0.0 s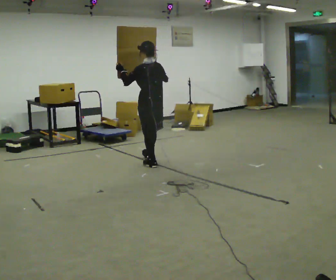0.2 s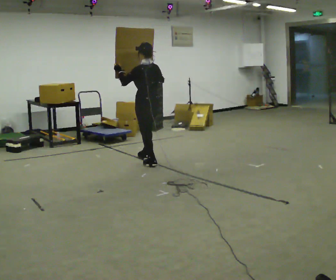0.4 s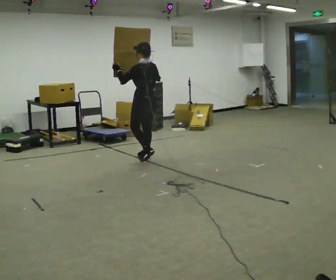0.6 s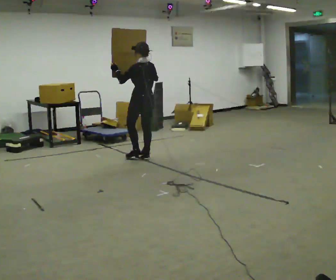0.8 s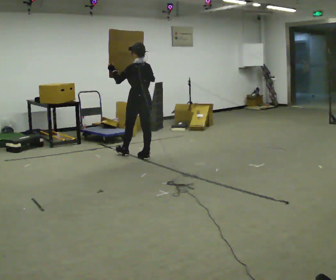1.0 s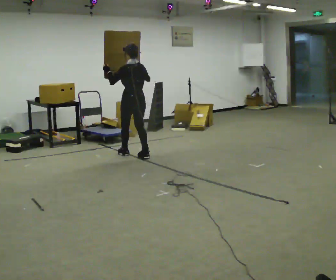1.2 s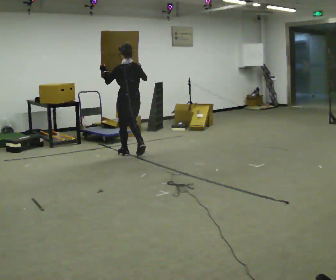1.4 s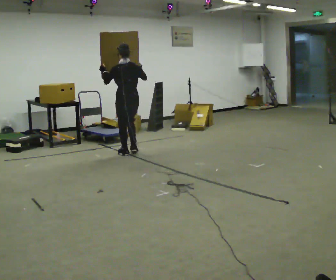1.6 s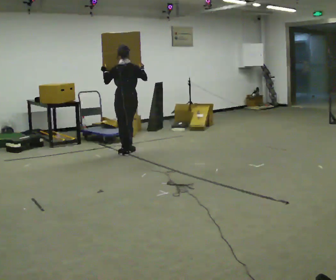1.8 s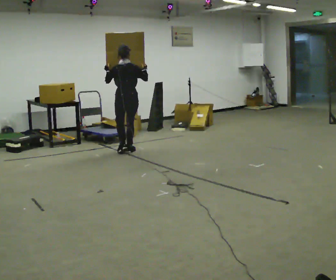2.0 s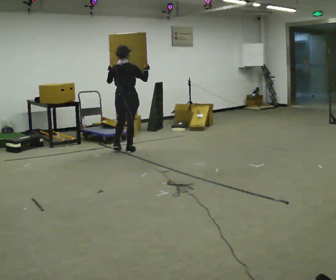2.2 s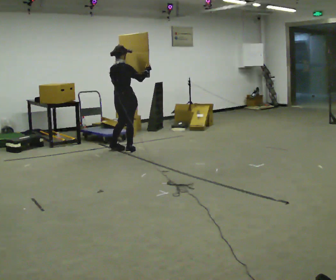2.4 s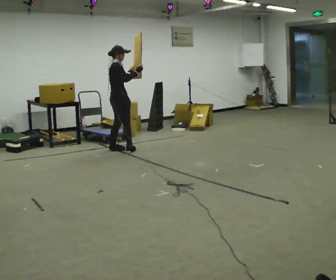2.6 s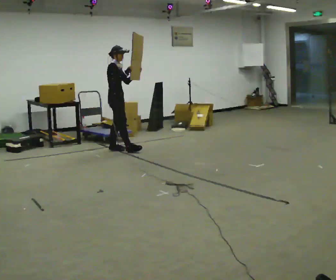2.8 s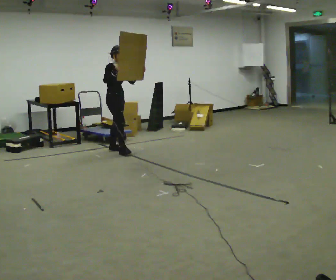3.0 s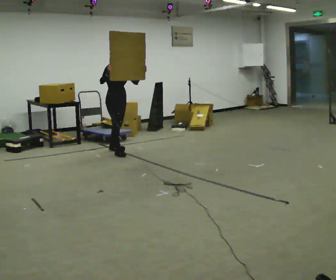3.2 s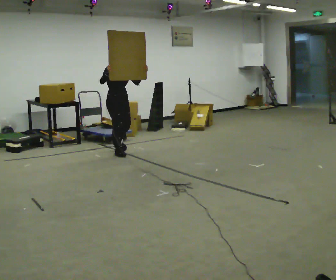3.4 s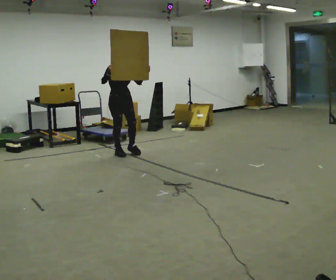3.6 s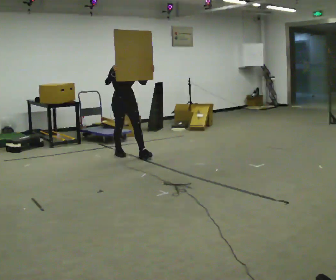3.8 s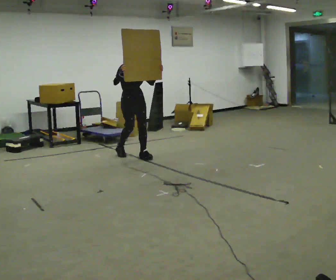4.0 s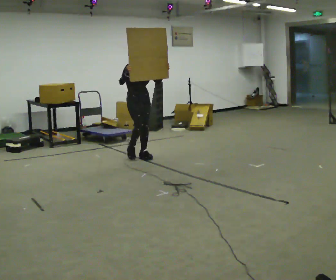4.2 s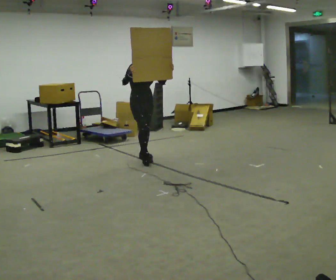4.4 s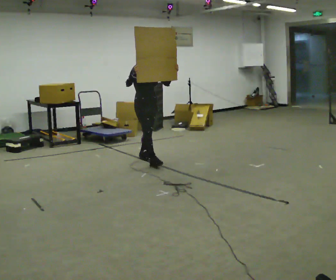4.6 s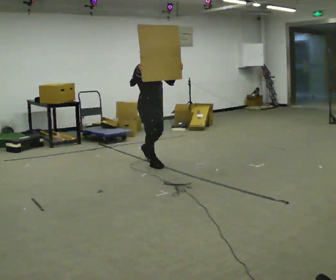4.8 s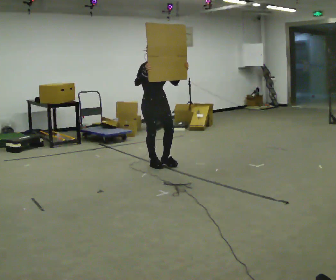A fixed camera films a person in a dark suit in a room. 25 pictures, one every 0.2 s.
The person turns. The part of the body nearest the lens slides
to the left.
The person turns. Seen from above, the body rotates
clockwise.
0.0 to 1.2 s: In the picture they go away from the camera and to the left, about 0.5 m in 2 steps, which for them is forward.
1.2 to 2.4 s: The part of the body nearest the lens slides to the left as the person turns to their right by about 90 degrees. In the picture they go away from the camera and to the left, about 0.25 m in 2 steps.
2.4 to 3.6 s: Seen from above the body turns clockwise, about 75 degrees: to their right, with its near side sliding to the left. In the picture they go toward the camera, about 0.25 m in 1 step.
3.6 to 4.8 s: In the picture they go toward the camera and to the right, about 0.5 m in 2 steps, which for them is forward.
The film runs forward here.
